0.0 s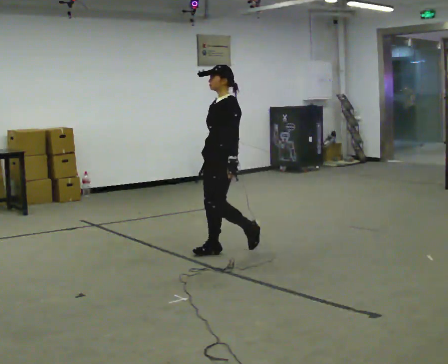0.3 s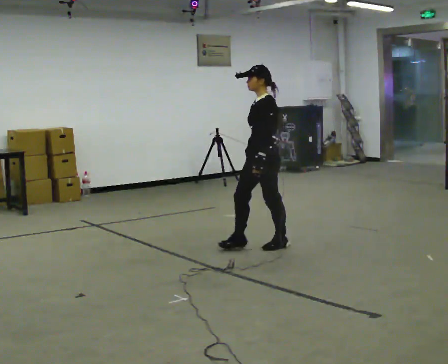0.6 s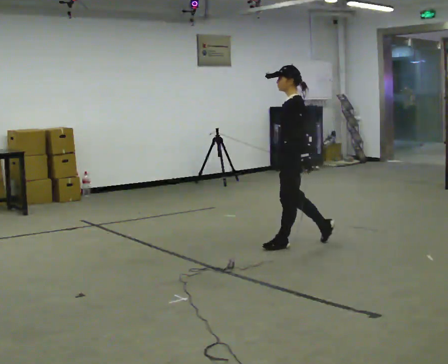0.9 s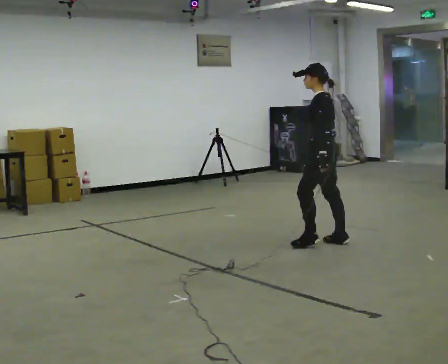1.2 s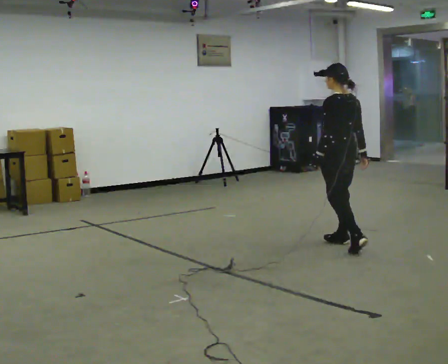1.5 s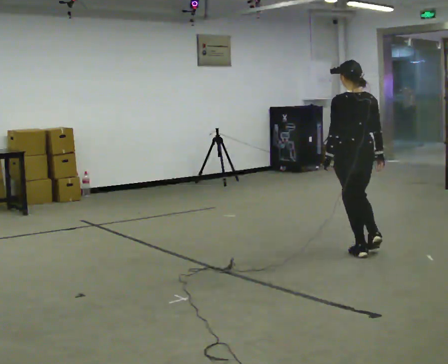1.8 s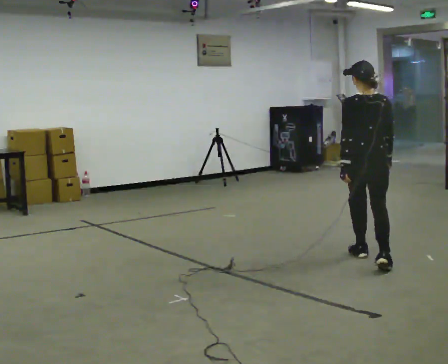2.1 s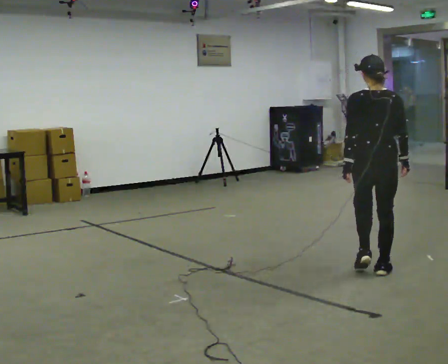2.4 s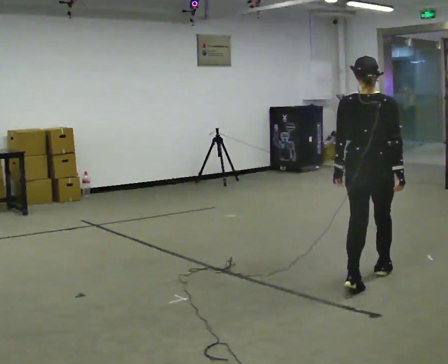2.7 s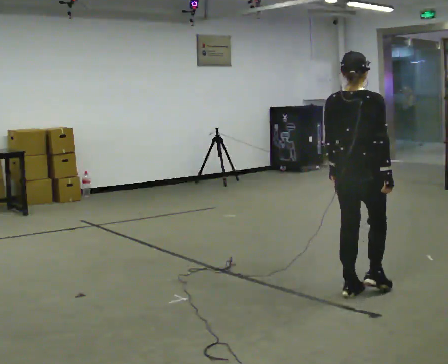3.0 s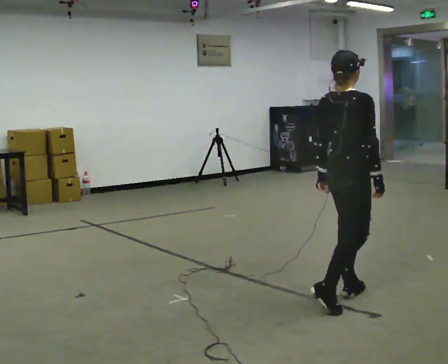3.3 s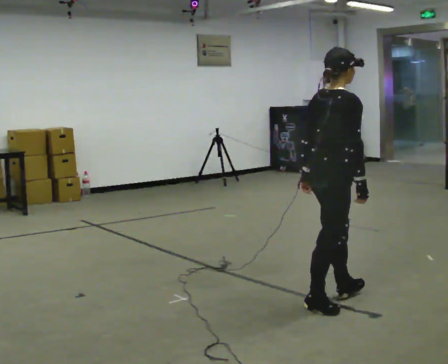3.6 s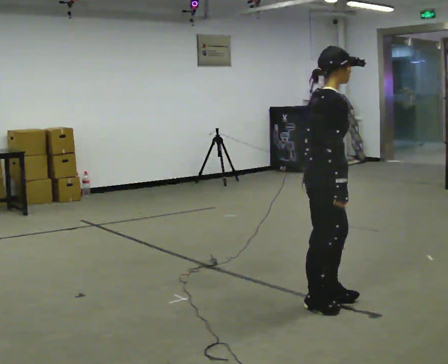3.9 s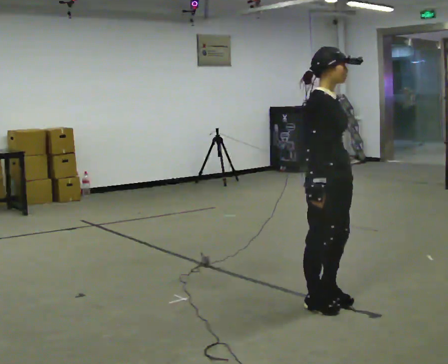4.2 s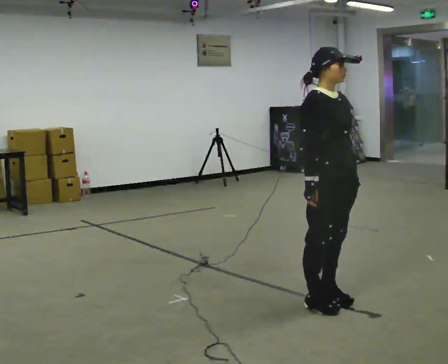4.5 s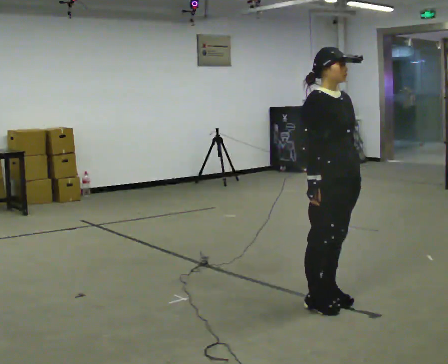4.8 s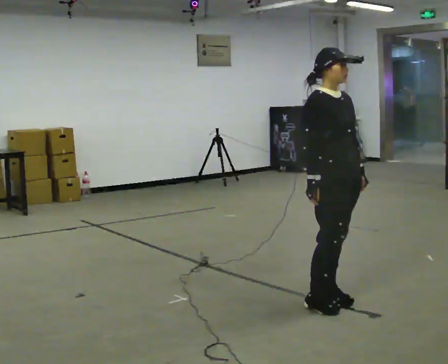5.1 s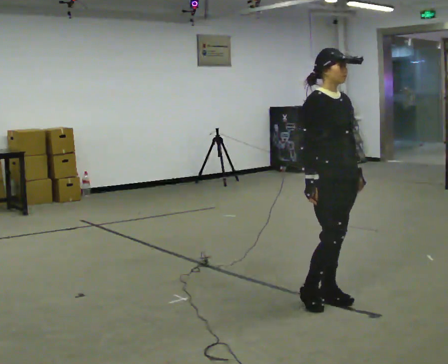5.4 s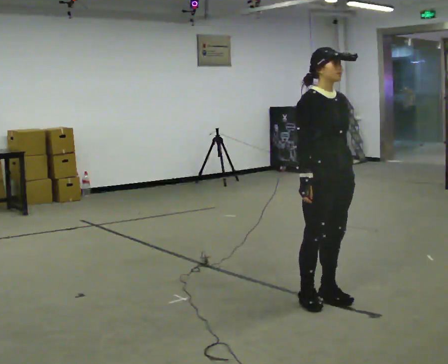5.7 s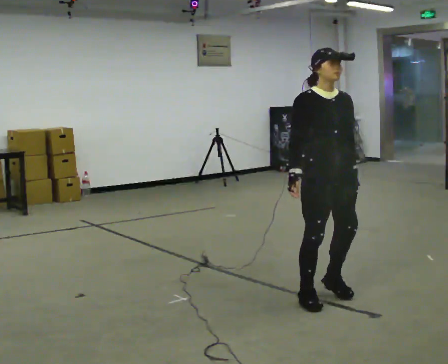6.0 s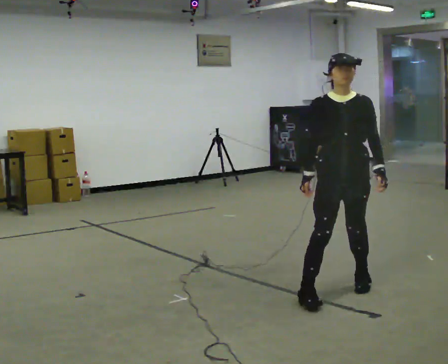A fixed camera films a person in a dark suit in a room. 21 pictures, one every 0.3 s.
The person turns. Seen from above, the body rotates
clockwise.
The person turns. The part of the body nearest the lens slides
to the left.
0.0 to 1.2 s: Seen from above the body turns clockwise, about 75 degrees: to their right, with its near side sliding to the left. In the picture they go to the right, about 1 m in 2 steps.
1.2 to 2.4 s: Seen from above the body turns clockwise, about 60 degrees: to their right, with its near side sliding to the left. In the picture they go toward the camera, about 1 m in 2 steps.
2.4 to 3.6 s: The person turns about 75 degrees to their right, clockwise seen from above, so the part of the body nearest the lens slides to the left. In the picture they go toward the camera and to the left, about 0.75 m in 2 steps.
3.6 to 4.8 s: The person turns about 45 degrees to their right, clockwise seen from above, so the part of the body nearest the lens slides to the left. In the picture their left hand goes to the right.
4.8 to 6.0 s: The part of the body nearest the lens slides to the left as the person turns to their right by about 45 degrees. In the picture they go away from the camera, about 0.25 m in 1 step, which for them is to their left.
The film runs backward here.
